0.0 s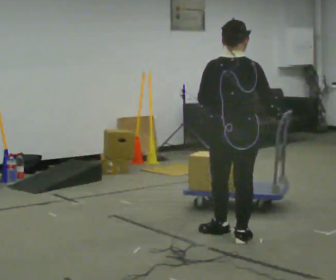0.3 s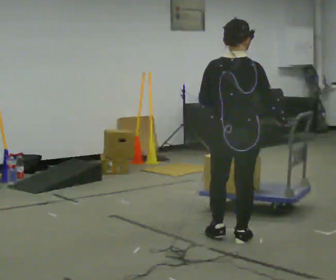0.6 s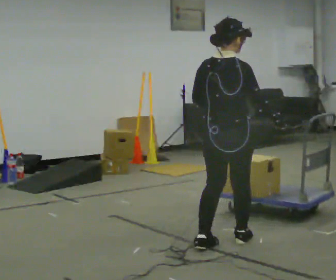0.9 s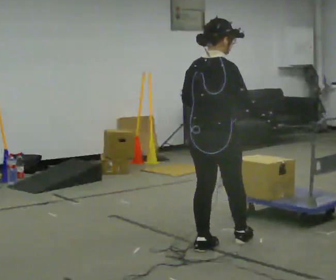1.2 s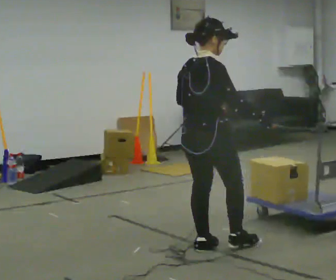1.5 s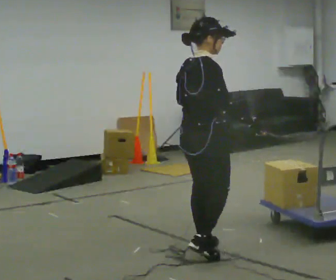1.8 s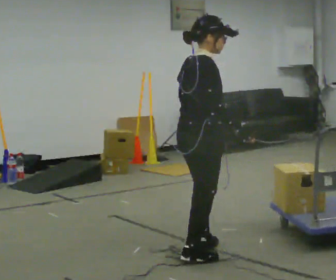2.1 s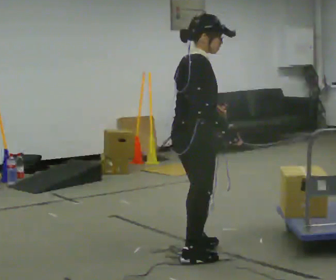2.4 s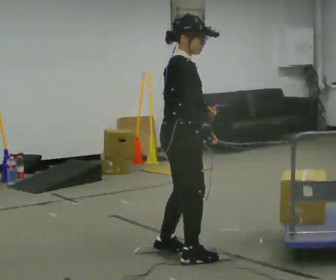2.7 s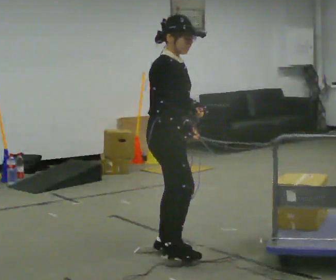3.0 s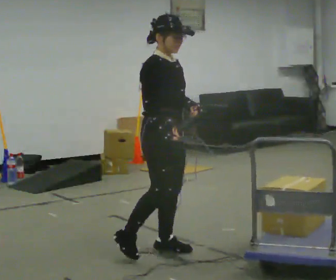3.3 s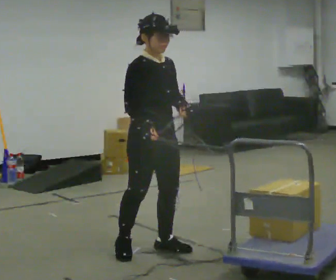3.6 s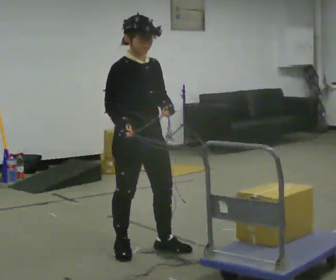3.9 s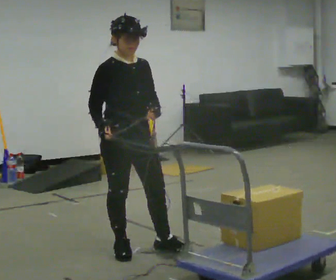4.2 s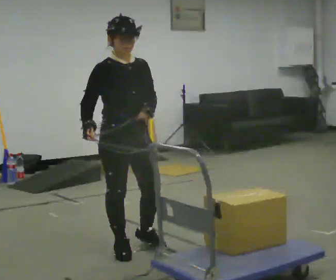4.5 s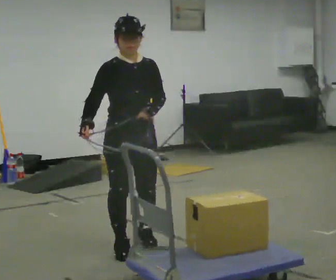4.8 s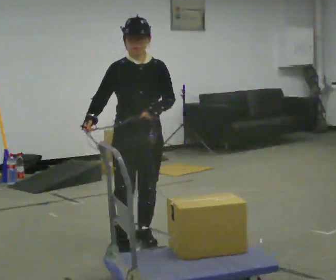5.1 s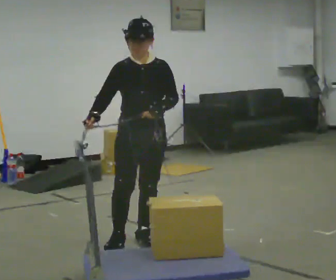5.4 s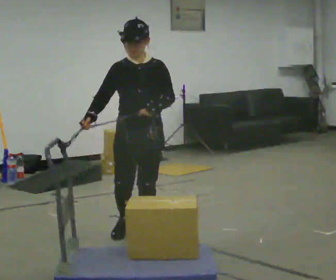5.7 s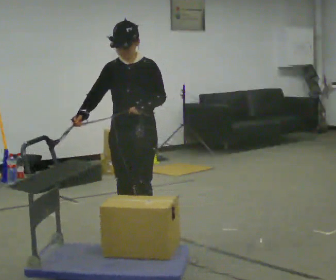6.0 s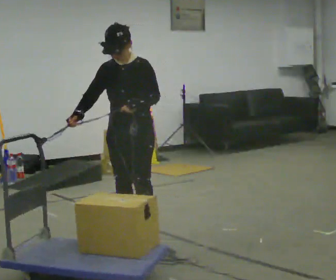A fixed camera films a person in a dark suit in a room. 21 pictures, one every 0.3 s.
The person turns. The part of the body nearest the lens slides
to the left.
The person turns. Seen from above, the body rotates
clockwise.
0.0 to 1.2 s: Seen from above the body turns clockwise, about 45 degrees: to their right, with its near side sliding to the left. In the picture they go to the left and toward the camera, about 0.25 m in 1 step, which for them is backward and to their left.
1.2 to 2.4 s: The part of the body nearest the lens slides to the left as the person turns to their right by about 45 degrees. In the picture they go to the left, about 0.25 m in 2 steps, which for them is backward. In the picture their right hand goes to the left.
2.4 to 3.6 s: The person turns about 45 degrees to their right, clockwise seen from above, so the part of the body nearest the lens slides to the left. In the picture they go to the left, about 0.25 m in 1 step, which for them is backward.
3.6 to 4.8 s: The part of the body nearest the lens slides to the left as the person turns to their right by about 30 degrees. In the picture they go away from the camera, about 0.25 m in 1 step, which for them is backward.
4.8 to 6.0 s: In the picture they go away from the camera, about 0.25 m in 1 step, which for them is backward.
The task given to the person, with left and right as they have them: Hold the rope in both hands and drag the sled towards you as you walk backward. The operator will confirm the space behind you is clear.
The film runs forward here.
